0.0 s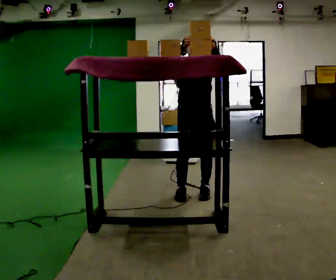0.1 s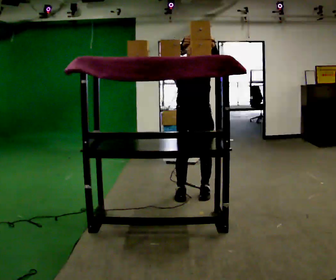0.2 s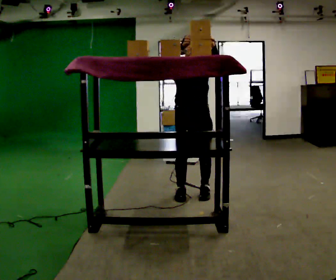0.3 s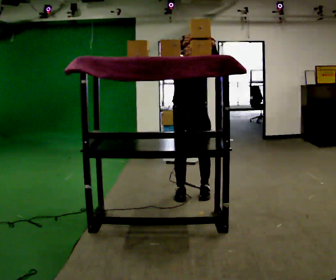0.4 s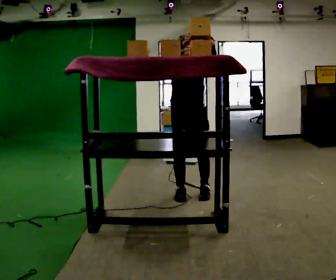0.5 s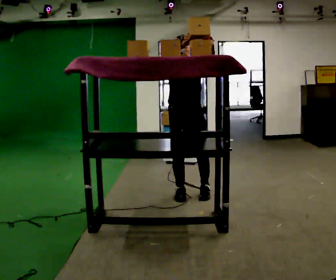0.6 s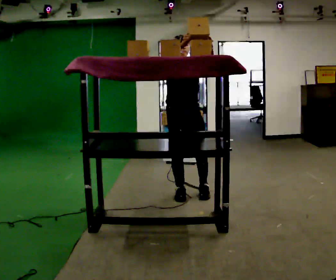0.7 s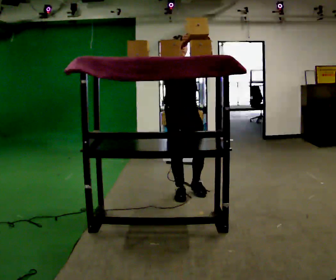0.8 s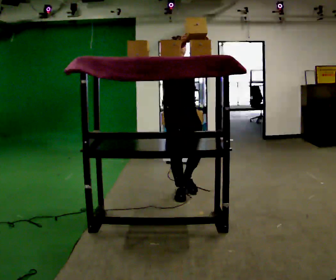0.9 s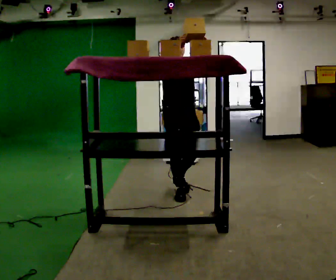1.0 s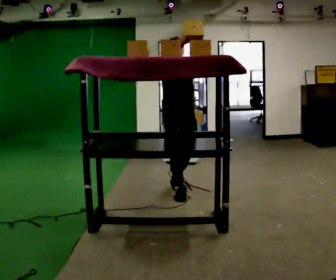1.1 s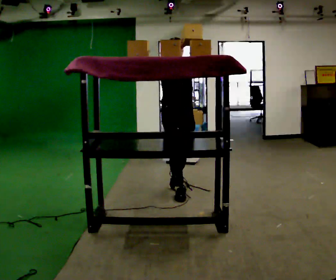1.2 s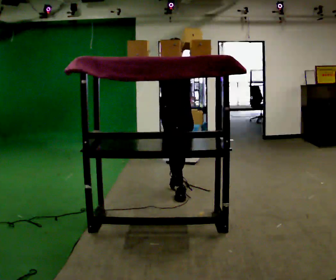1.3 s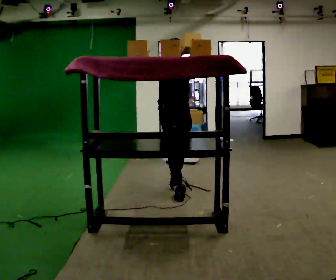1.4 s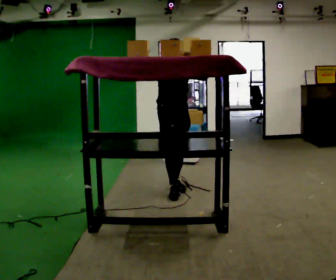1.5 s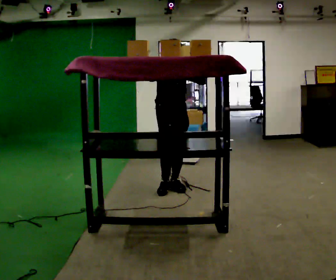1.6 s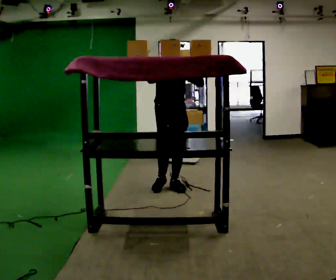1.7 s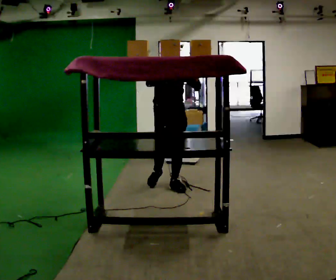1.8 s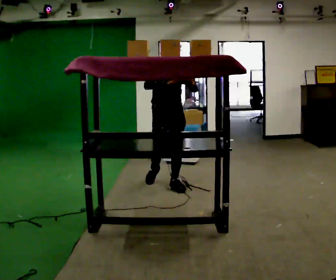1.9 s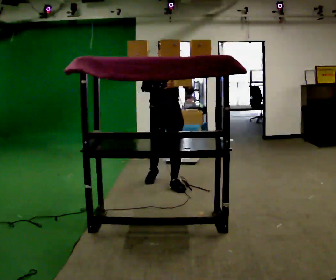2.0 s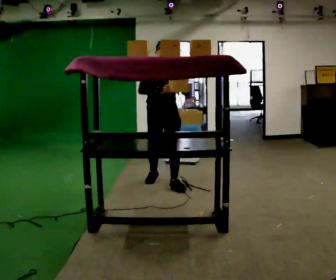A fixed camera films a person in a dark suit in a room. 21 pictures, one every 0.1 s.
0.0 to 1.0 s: In the picture they go to the left, about 0.25 m in 1 step, which for them is to their right and backward.
1.0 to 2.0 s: In the picture they go away from the camera and to the left, about 0.5 m in 1 step, which for them is backward. In the picture their right hand goes downward.
The film runs backward here.
